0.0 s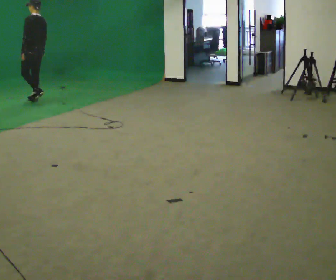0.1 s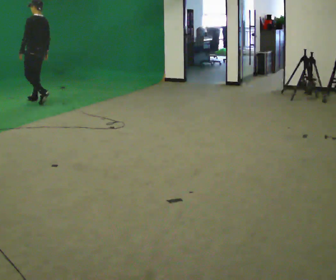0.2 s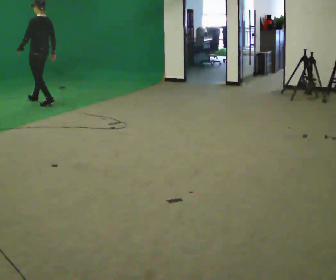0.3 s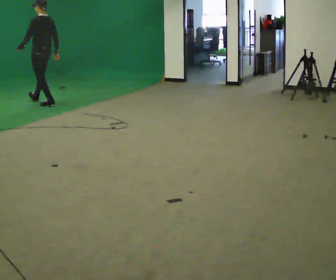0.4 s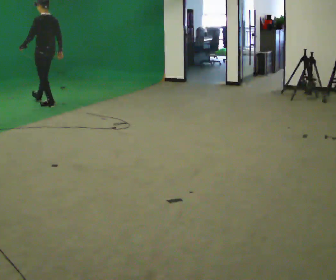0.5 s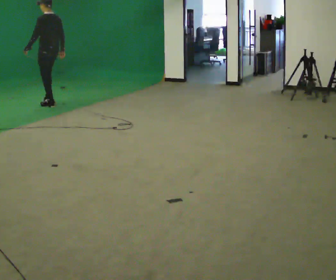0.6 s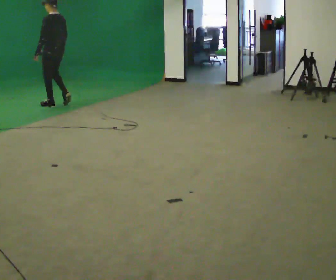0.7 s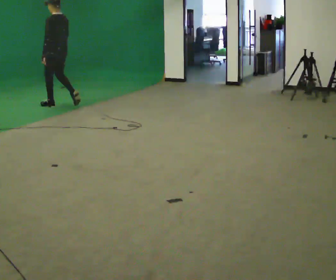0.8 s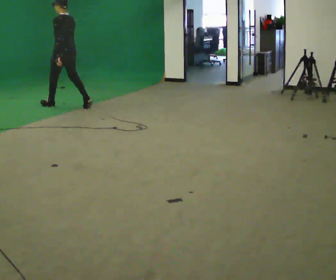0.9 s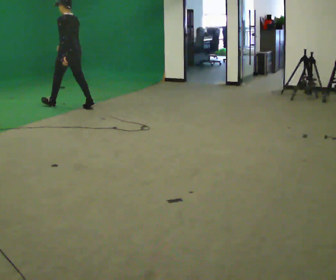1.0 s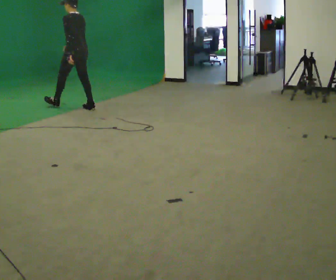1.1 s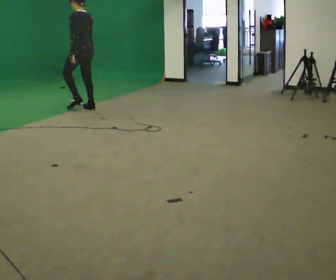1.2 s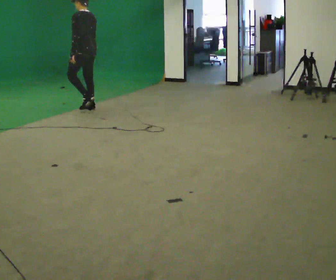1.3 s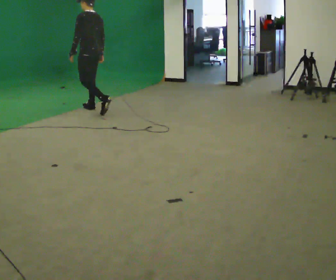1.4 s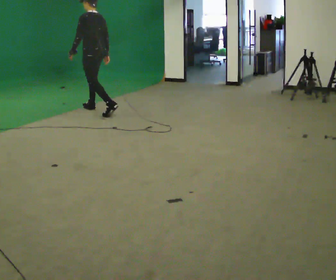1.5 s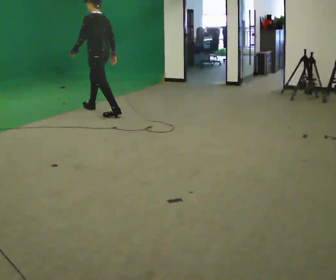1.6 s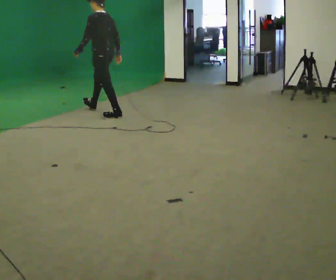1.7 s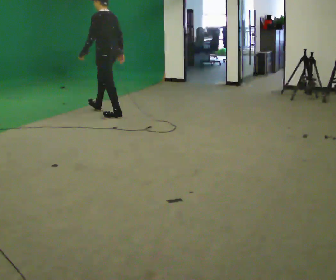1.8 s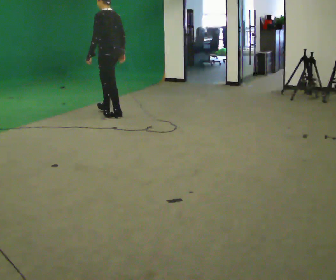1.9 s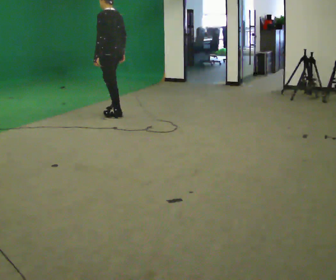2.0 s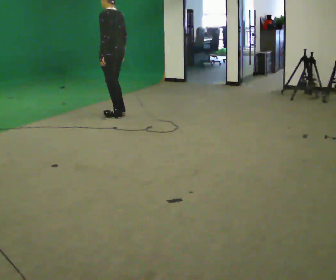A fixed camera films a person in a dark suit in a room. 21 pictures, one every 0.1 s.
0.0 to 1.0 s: In the picture they go to the right and toward the camera, about 1 m in 2 steps, which for them is backward.
1.0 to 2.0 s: In the picture they go toward the camera and to the right, about 1 m in 1 step, which for them is backward.
The film runs backward here.
